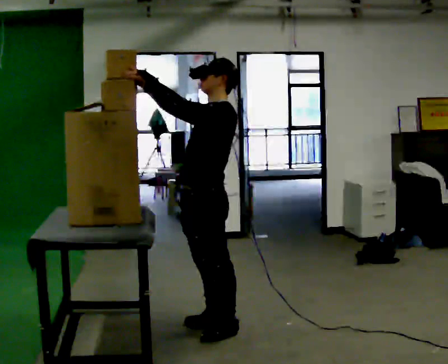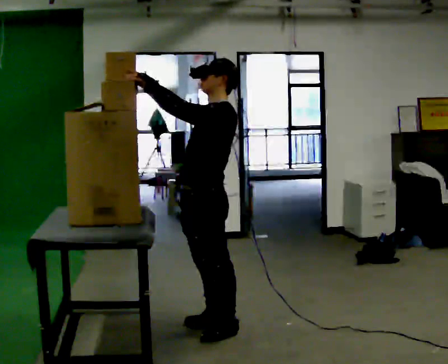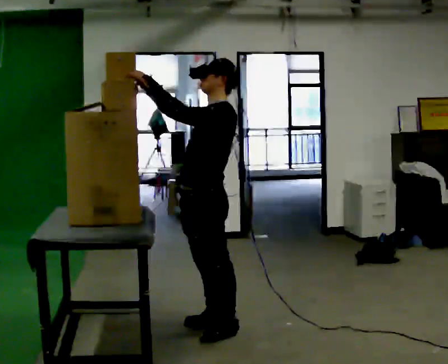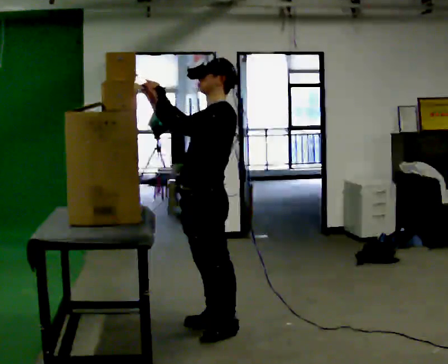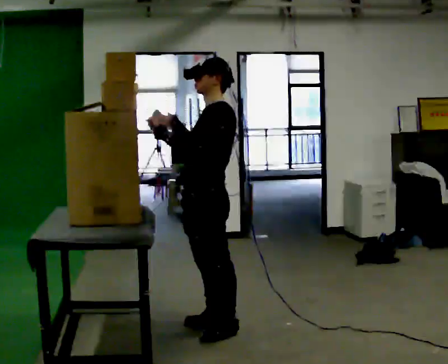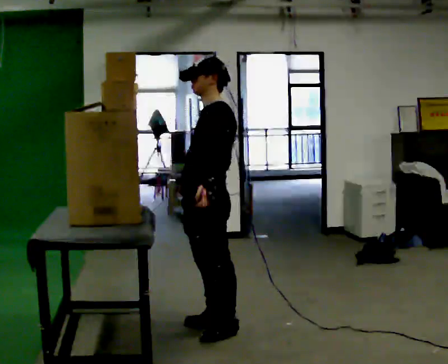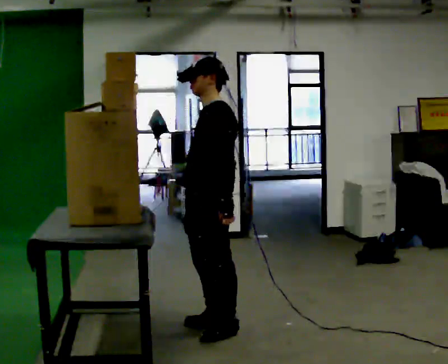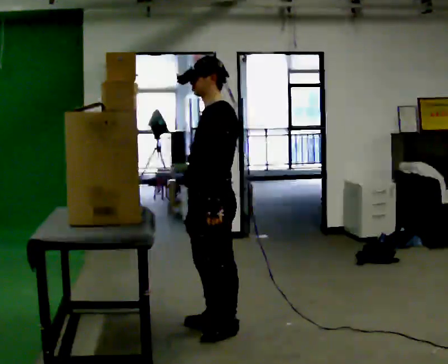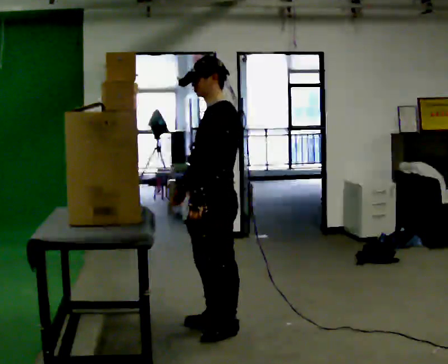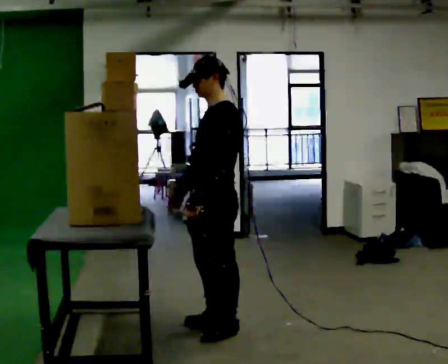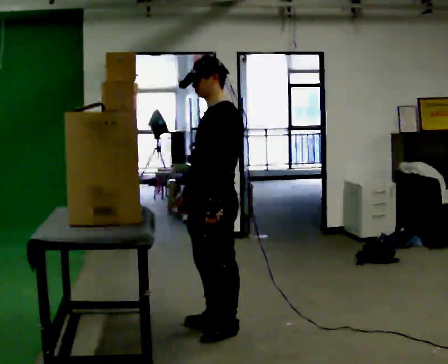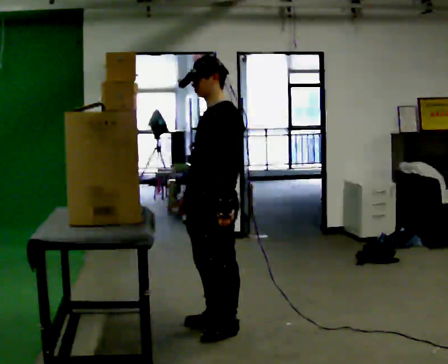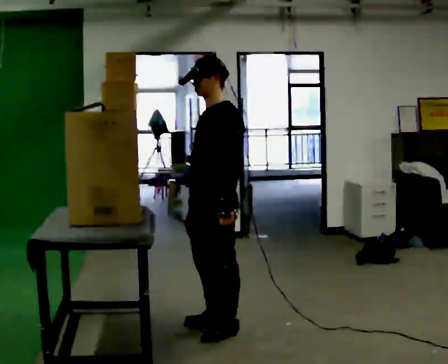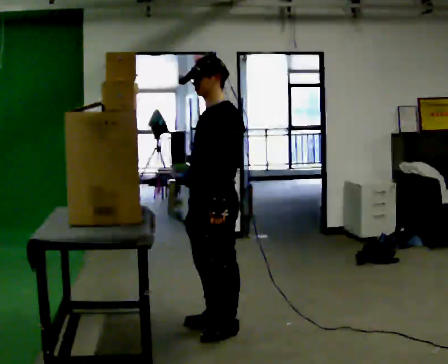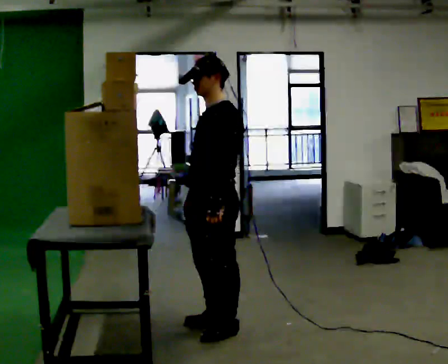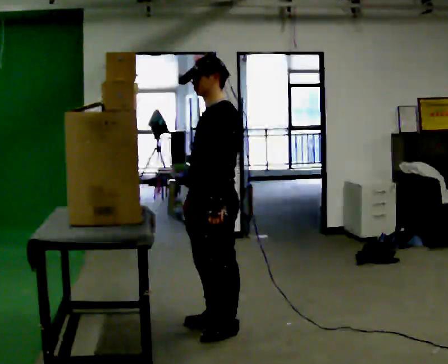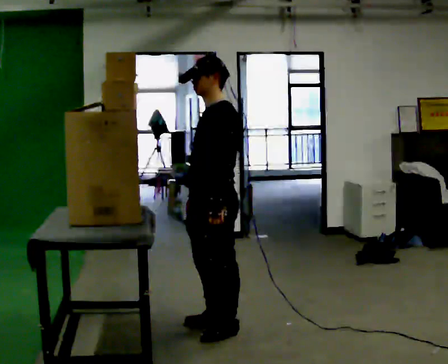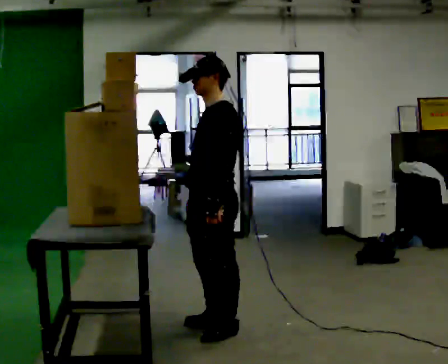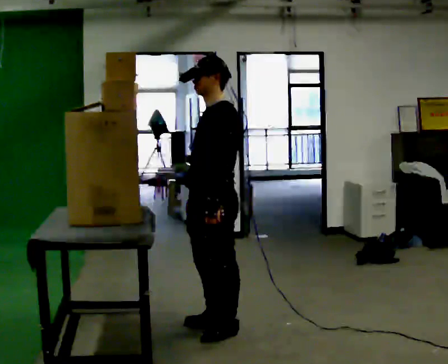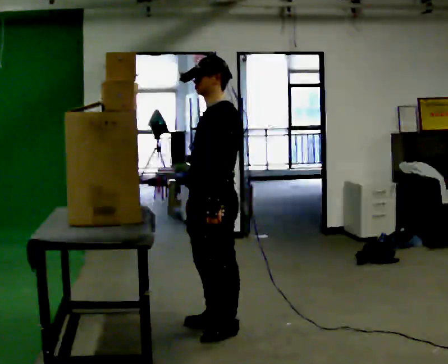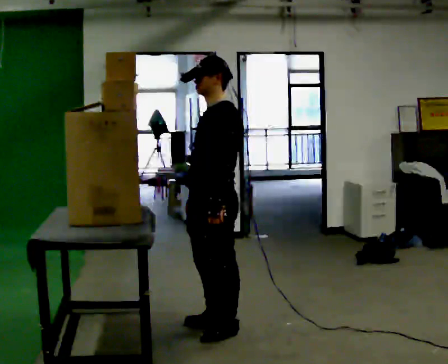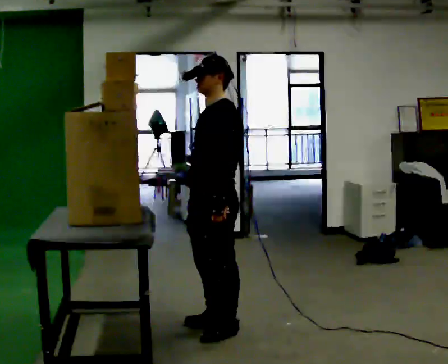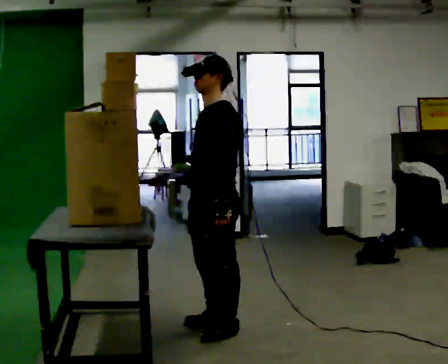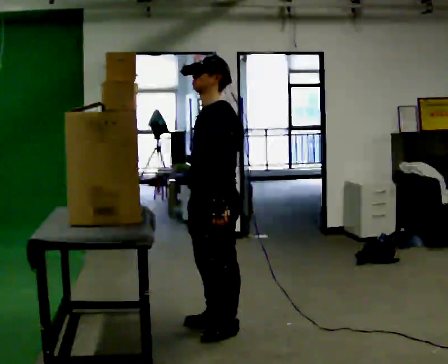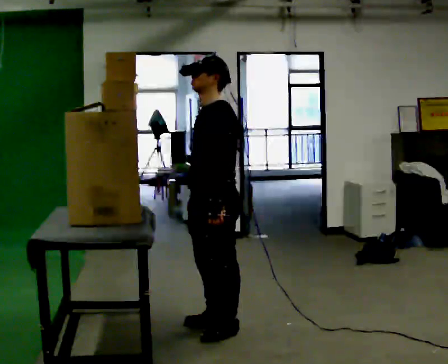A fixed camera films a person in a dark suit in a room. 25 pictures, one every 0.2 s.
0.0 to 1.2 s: In the picture their right hand goes downward and to the right, the arm swinging counterclockwise.
1.2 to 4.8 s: The person moves a little, or ends about where they began.
The film runs forward here.
